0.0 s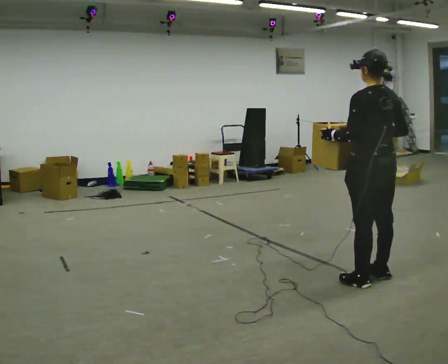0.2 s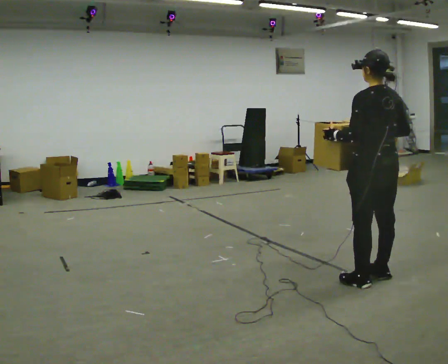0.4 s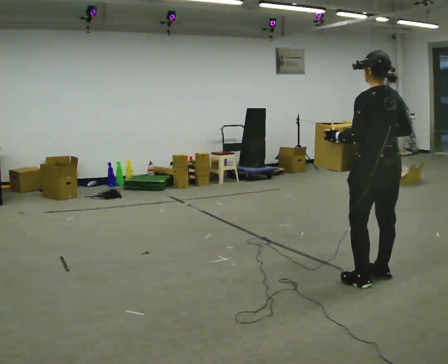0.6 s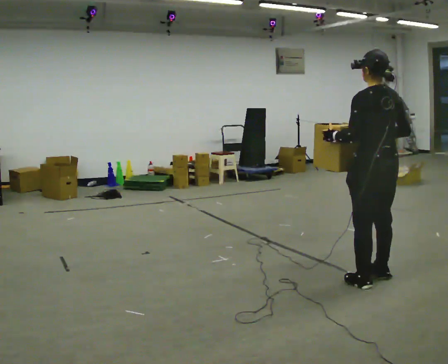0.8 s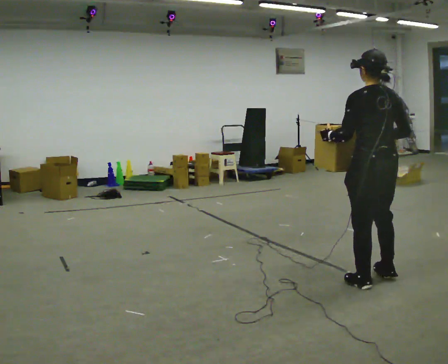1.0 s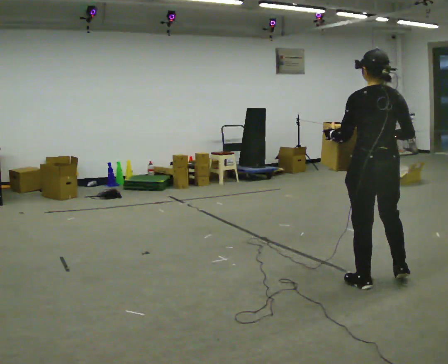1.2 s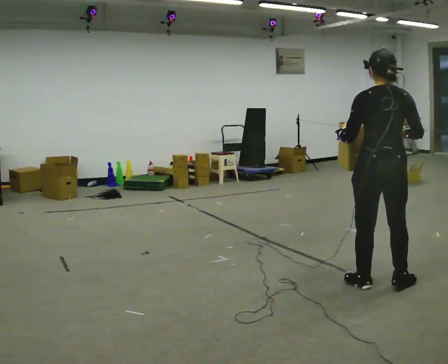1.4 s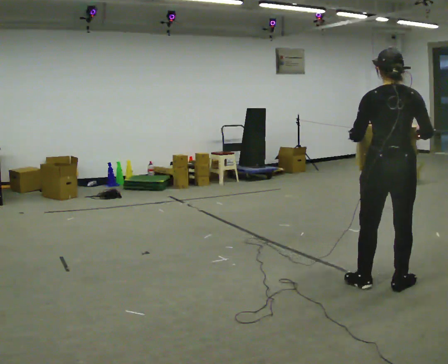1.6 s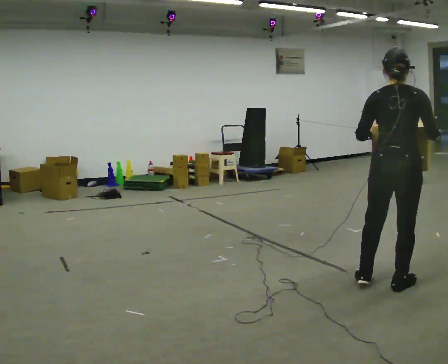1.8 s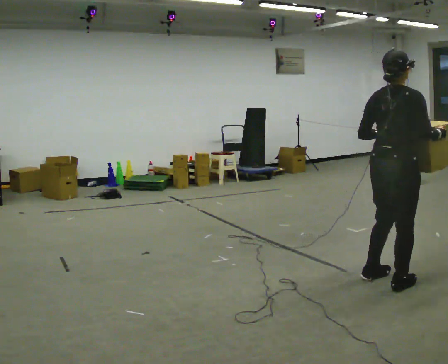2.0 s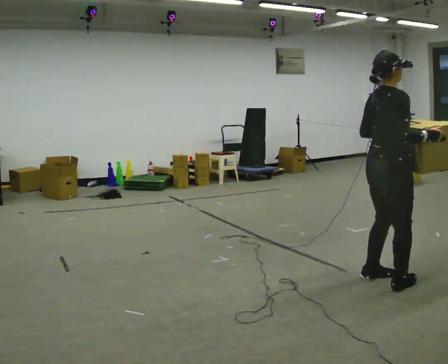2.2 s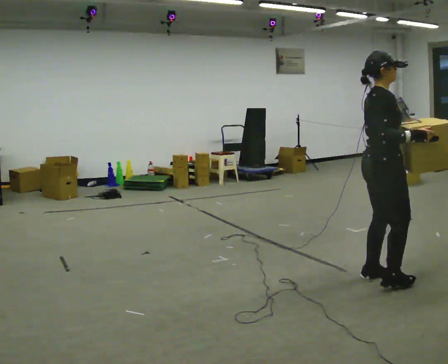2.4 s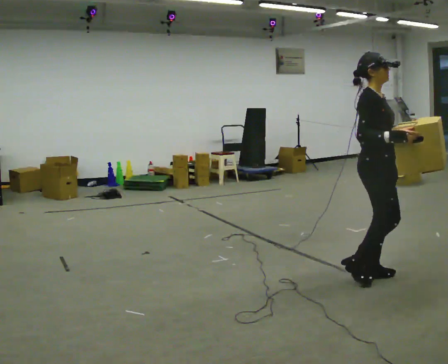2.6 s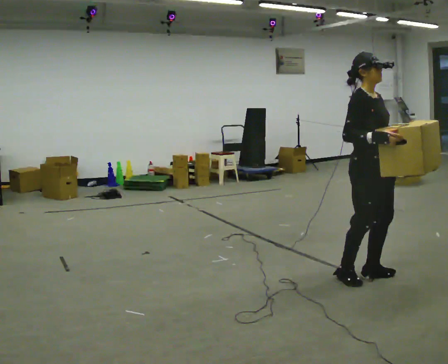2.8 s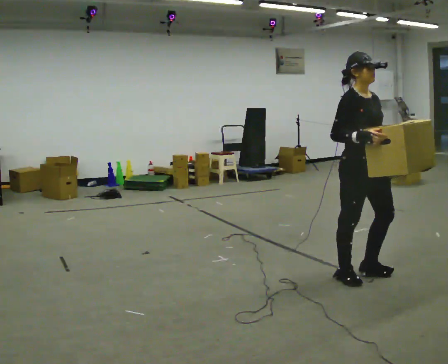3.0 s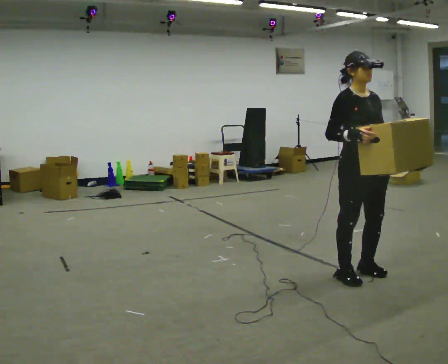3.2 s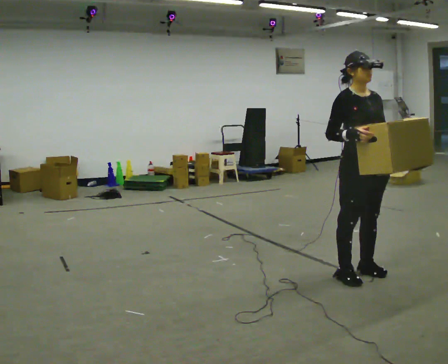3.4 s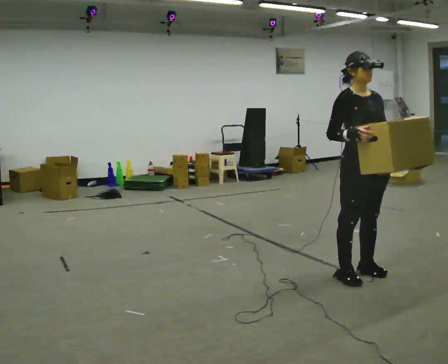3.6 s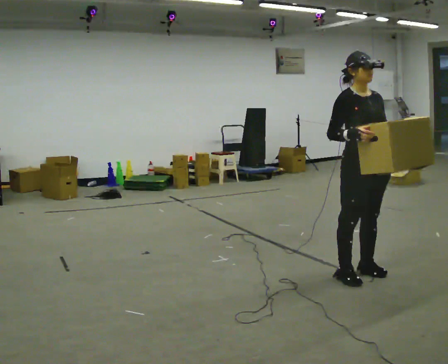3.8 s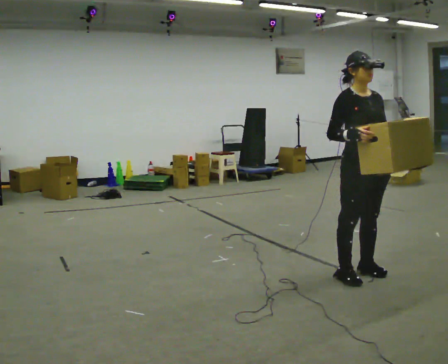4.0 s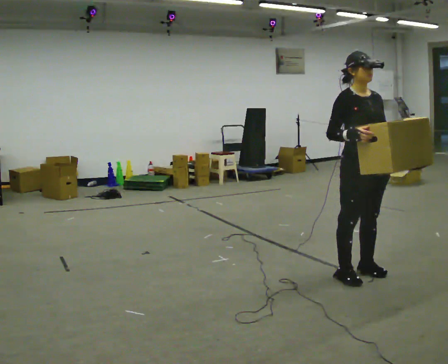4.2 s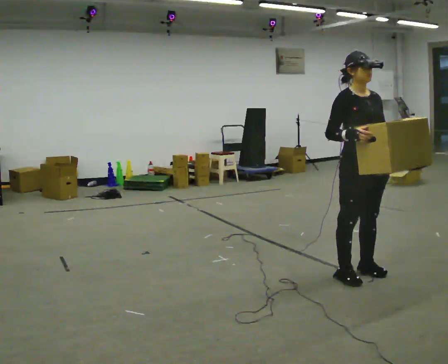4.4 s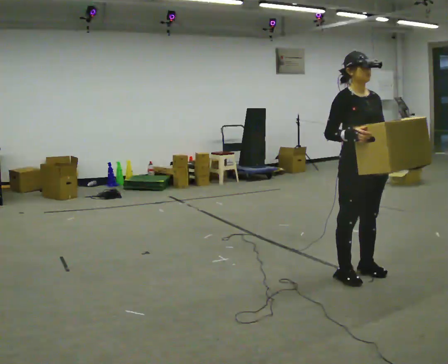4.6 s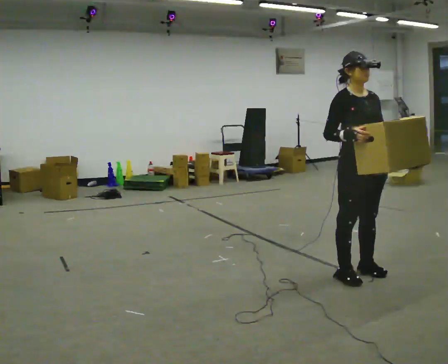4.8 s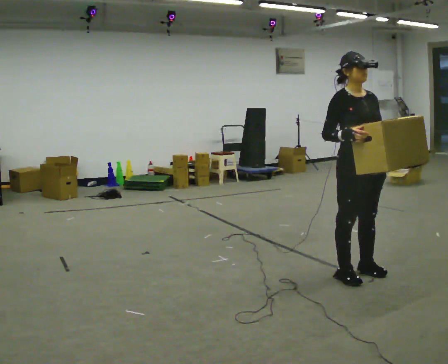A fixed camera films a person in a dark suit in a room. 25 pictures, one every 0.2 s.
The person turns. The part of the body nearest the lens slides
to the left.
The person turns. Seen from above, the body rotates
clockwise.
0.0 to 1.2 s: The person turns about 30 degrees to their right, clockwise seen from above, so the part of the body nearest the lens slides to the left.
1.2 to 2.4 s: The person turns about 120 degrees to their right, clockwise seen from above, so the part of the body nearest the lens slides to the left. In the picture they go away from the camera, about 0.25 m in 2 steps. In the picture their left hand goes to the right.
2.4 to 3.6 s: Seen from above the body turns clockwise, about 30 degrees: to their right, with its near side sliding to the left.
3.6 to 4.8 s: The person moves a little, or ends about where they began.
The film runs backward here.
